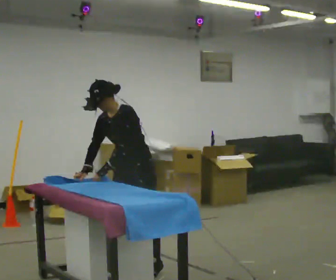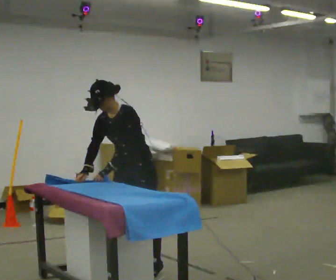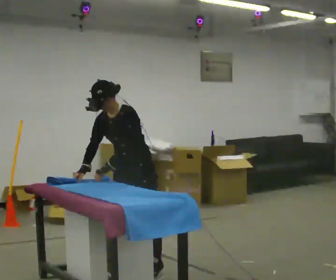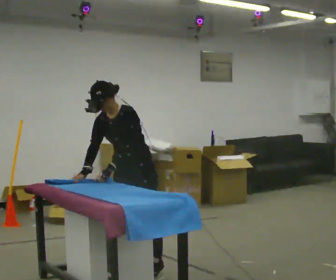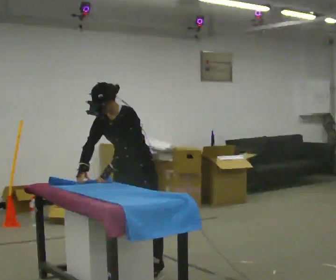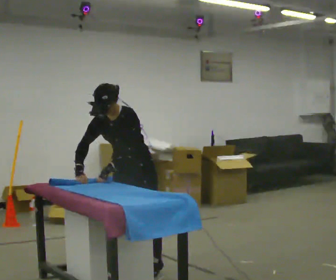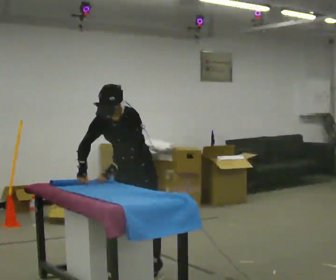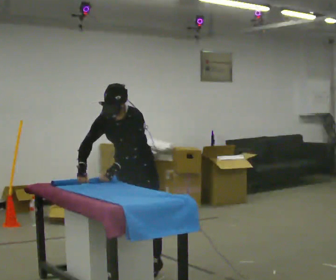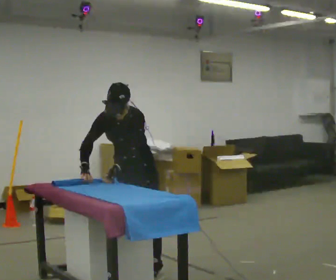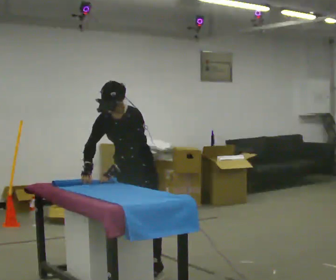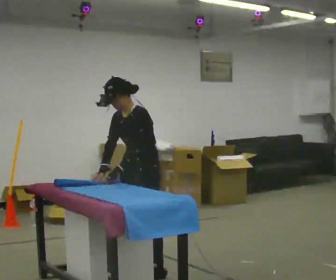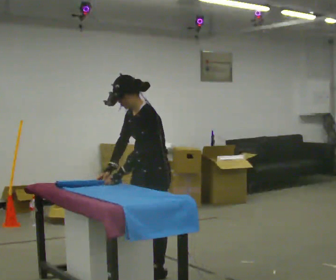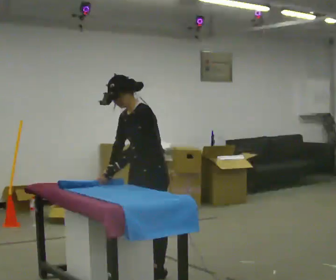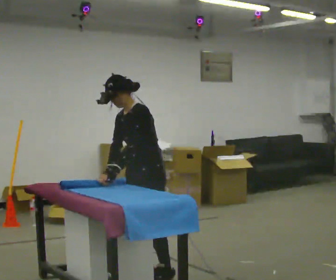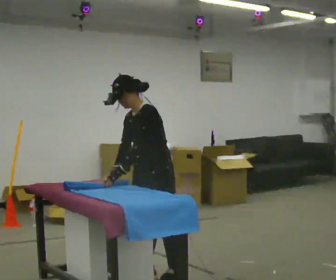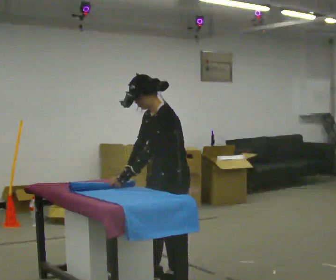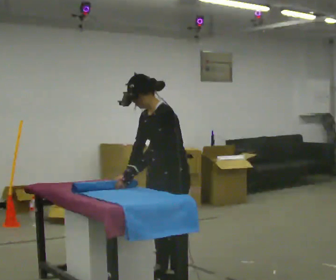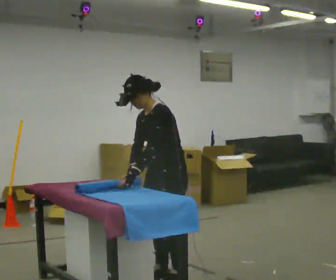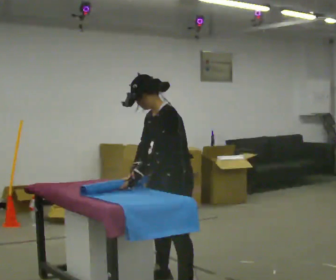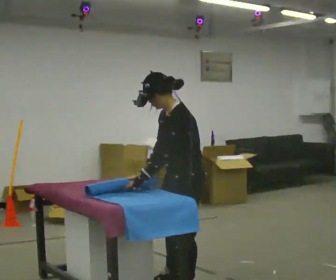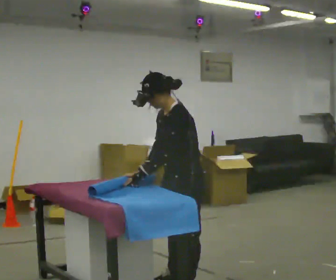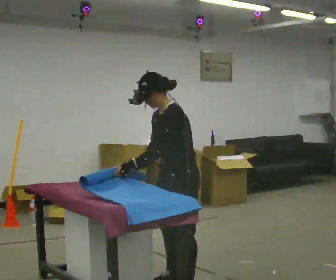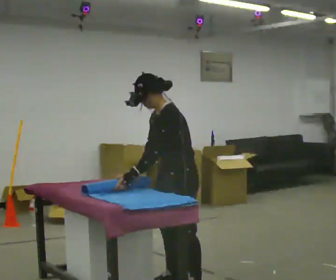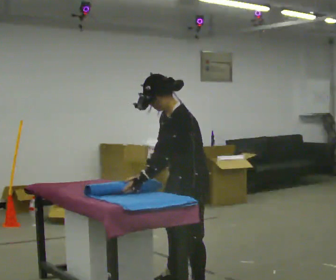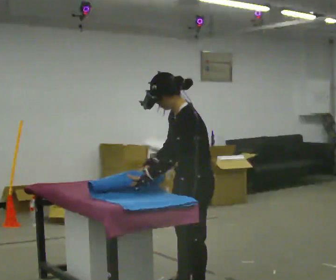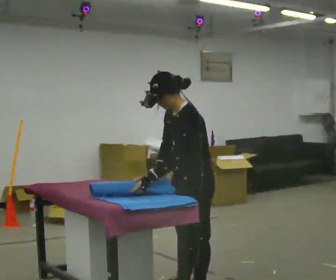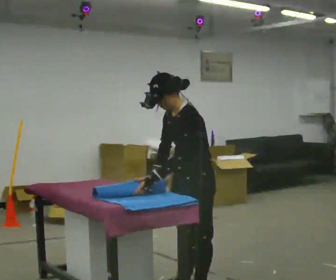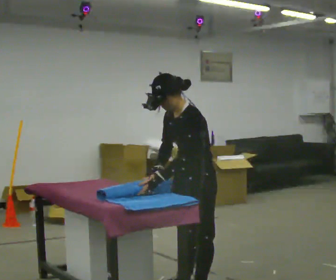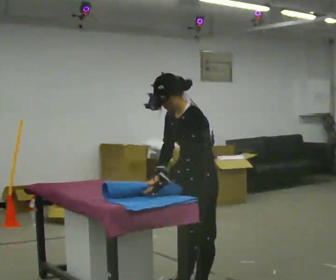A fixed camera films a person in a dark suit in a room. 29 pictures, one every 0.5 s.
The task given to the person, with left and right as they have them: Roll the mat up from one end, then unroll it again. Repeat at your own pace until the operator says stop.
0.0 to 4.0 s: The person moves a little, or ends about where they began.
4.0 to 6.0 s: Seen from above the body turns clockwise, about 45 degrees: to their right, with its near side sliding to the left. In the picture they go toward the camera, about 0.25 m in 2 steps, which for them is to their left.
6.0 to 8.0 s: In the picture they go toward the camera, about 0.25 m in 2 steps, which for them is to their left.
8.0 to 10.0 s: In the picture they go toward the camera, about 0.25 m in 2 steps, which for them is to their left.
10.0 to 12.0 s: In the picture they go toward the camera, about 0.25 m, which for them is to their left.
12.0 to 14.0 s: The person moves a little, or ends about where they began.
The film runs forward here.
